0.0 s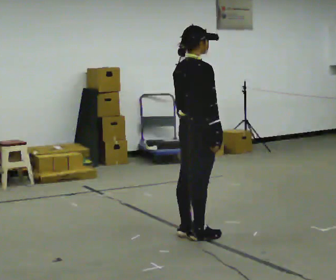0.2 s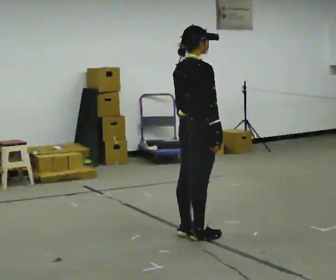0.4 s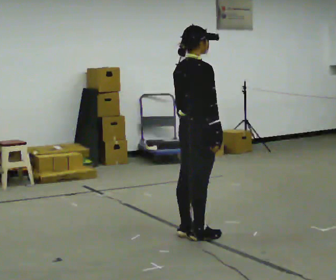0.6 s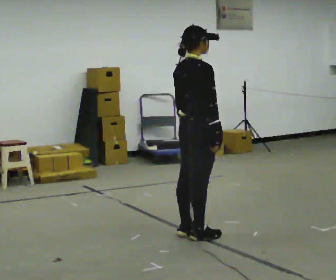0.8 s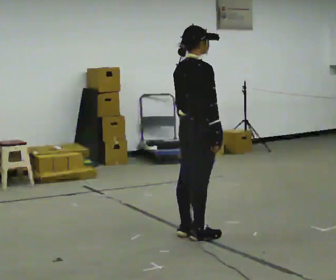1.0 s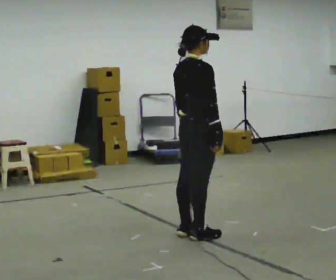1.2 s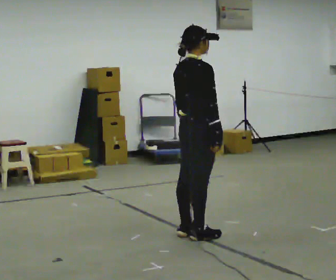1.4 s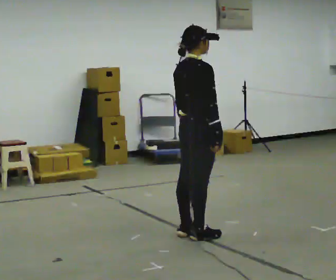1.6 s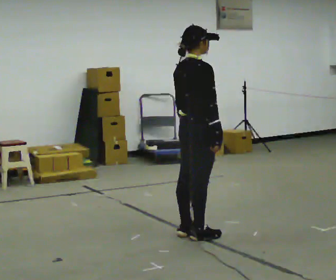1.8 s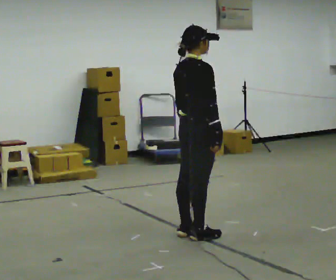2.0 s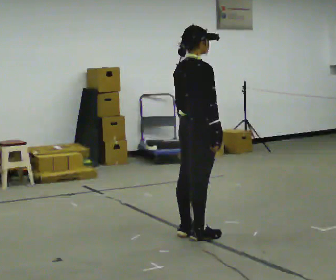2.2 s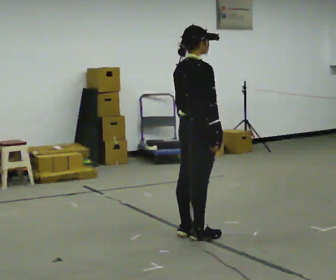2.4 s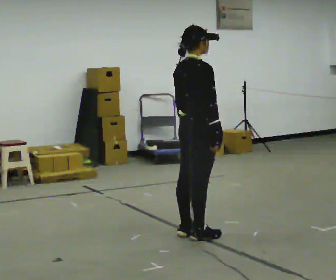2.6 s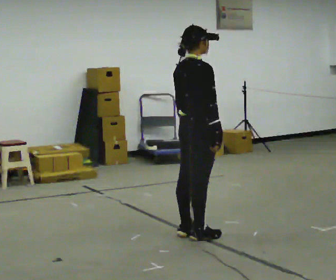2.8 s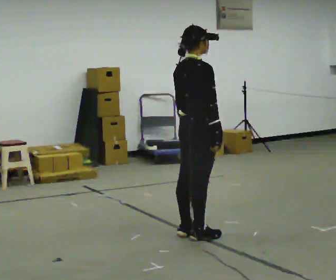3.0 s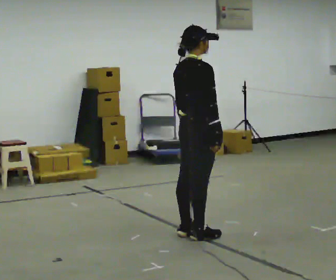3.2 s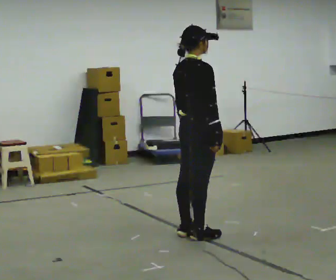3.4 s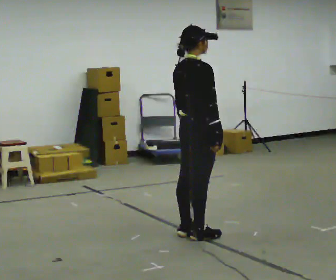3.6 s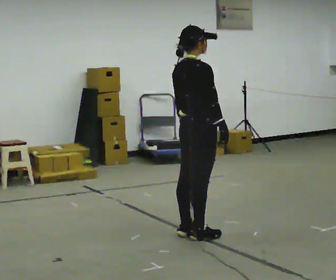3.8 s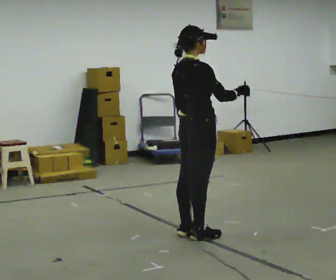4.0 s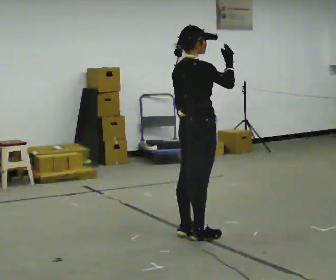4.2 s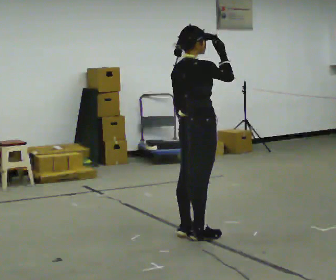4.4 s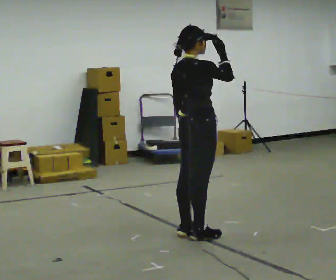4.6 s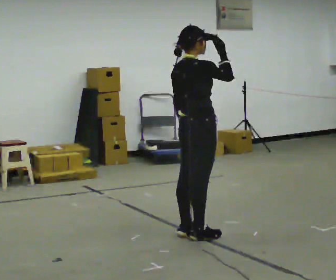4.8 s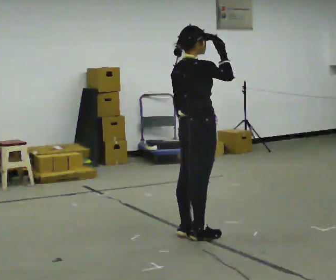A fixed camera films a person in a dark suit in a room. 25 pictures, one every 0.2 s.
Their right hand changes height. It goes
upward.
0.0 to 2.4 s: The person keeps their place and pose.
2.4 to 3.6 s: The person moves a little, or ends about where they began.
3.6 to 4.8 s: In the picture their right hand goes upward.
The film runs forward here.
